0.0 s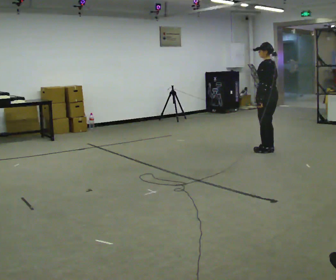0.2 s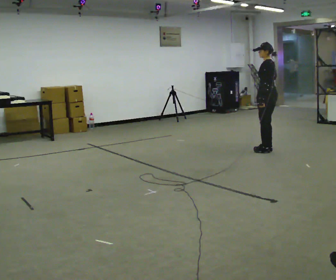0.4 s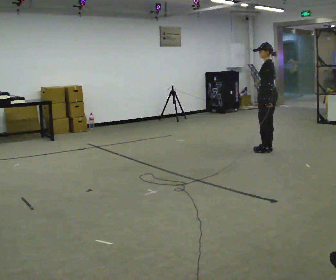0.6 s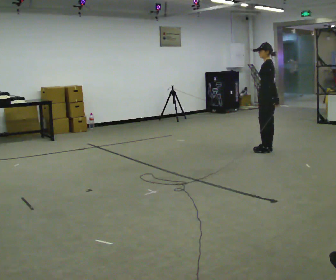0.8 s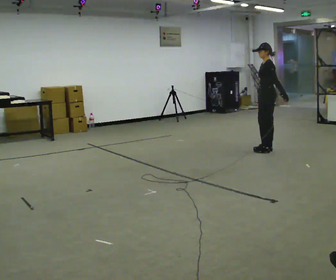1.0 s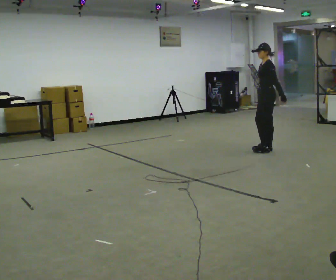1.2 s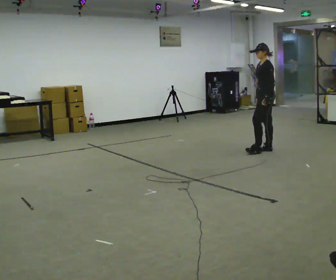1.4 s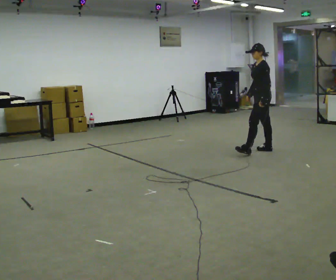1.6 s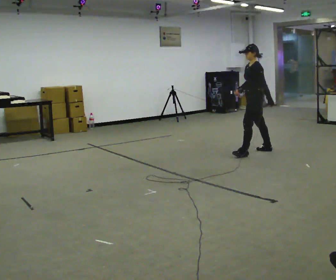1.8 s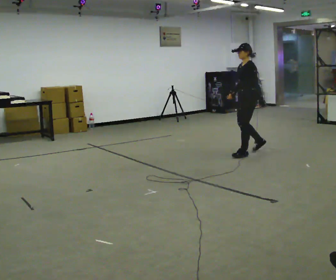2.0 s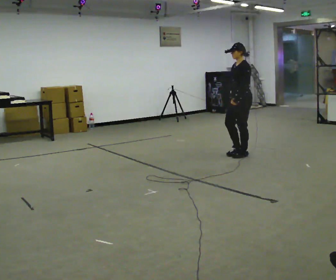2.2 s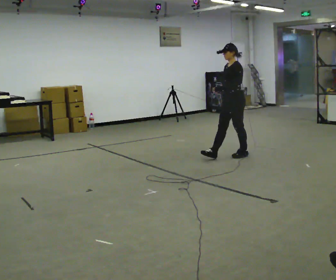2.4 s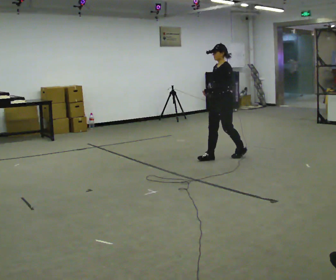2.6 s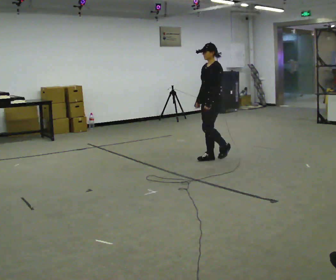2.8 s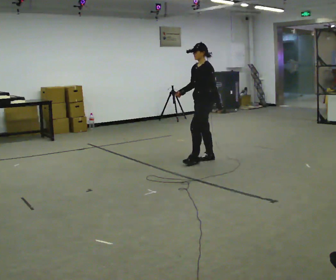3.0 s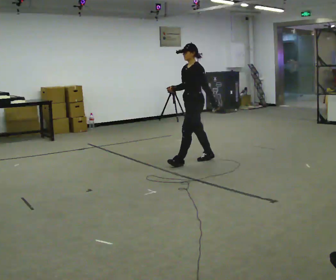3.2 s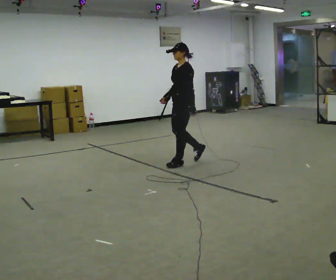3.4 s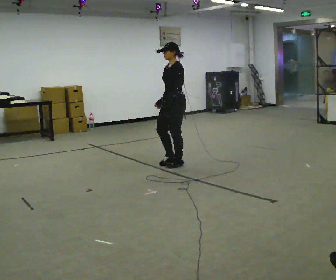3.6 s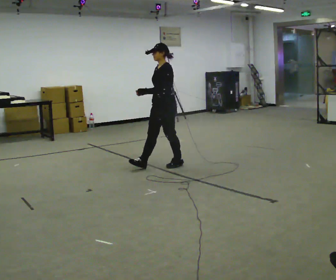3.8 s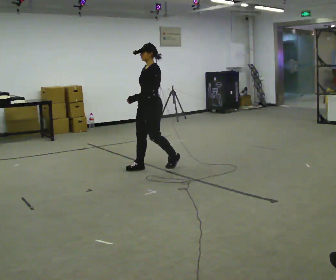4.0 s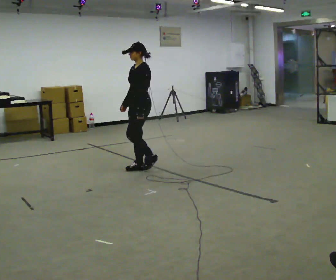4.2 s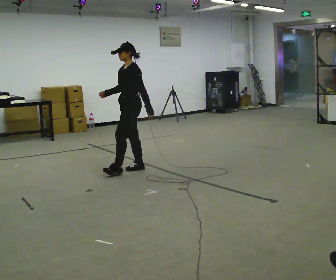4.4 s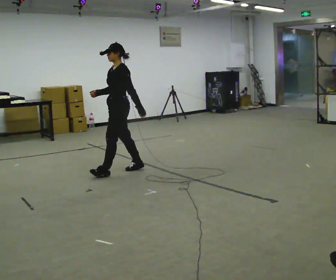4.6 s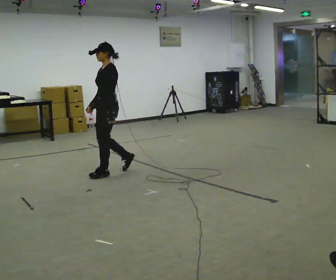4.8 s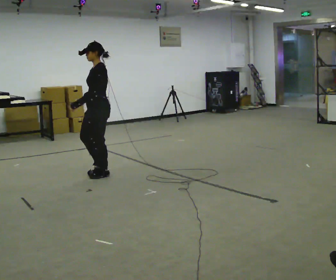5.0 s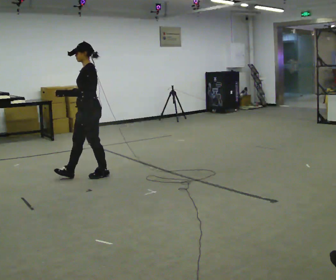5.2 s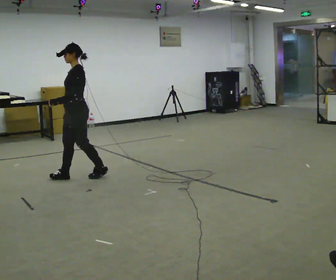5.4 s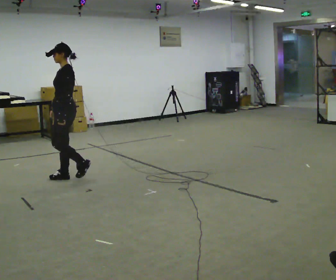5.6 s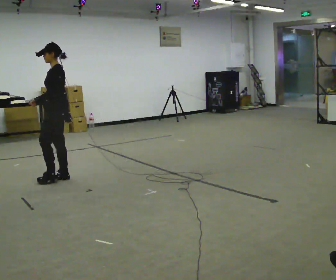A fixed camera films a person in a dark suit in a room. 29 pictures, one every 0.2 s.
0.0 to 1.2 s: Seen from above the body turns counterclockwise, about 45 degrees: to their left, with its near side sliding to the right.
1.2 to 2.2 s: The person turns about 30 degrees to their left, counterclockwise seen from above, so the part of the body nearest the lens slides to the right. In the picture they go to the left and toward the camera, about 0.5 m in 1 step, which for them is forward and to their left.
2.2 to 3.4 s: In the picture they go to the left and toward the camera, about 1 m in 2 steps, which for them is forward.
3.4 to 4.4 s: In the picture they go to the left and toward the camera, about 0.5 m in 2 steps, which for them is forward.
4.4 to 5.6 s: In the picture they go to the left and toward the camera, about 1 m in 1 step, which for them is forward.
The film runs forward here.
